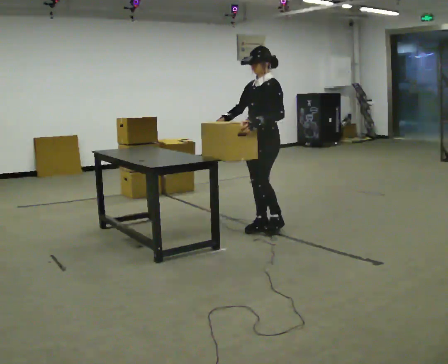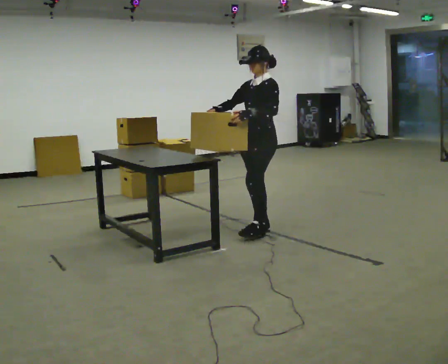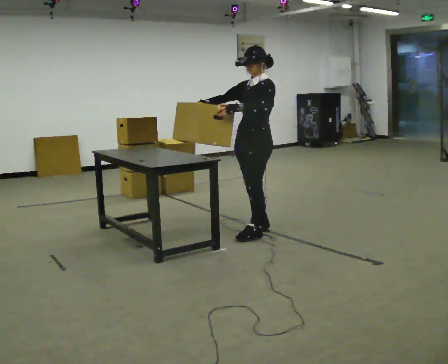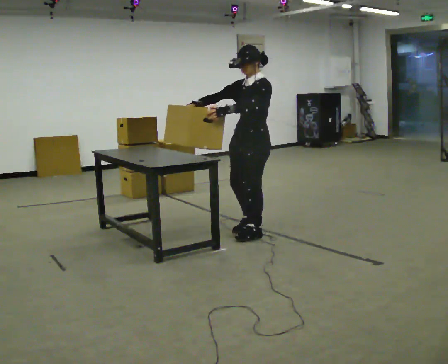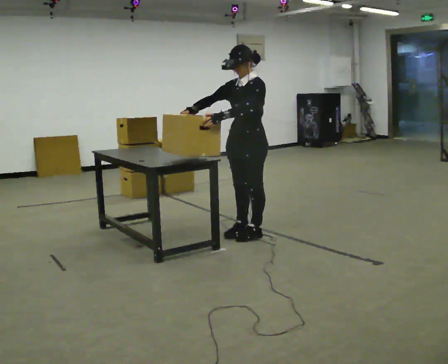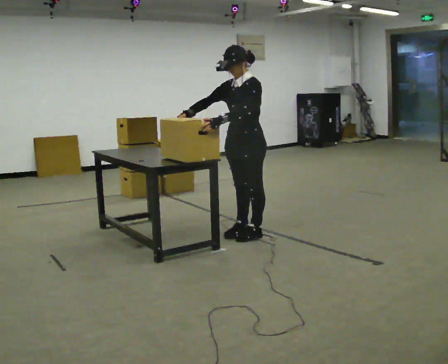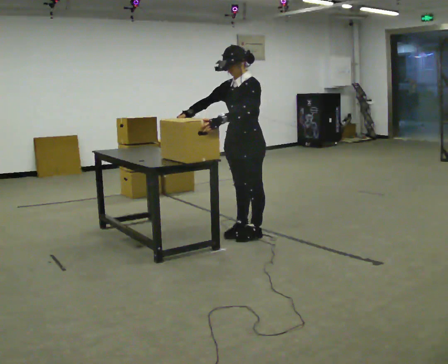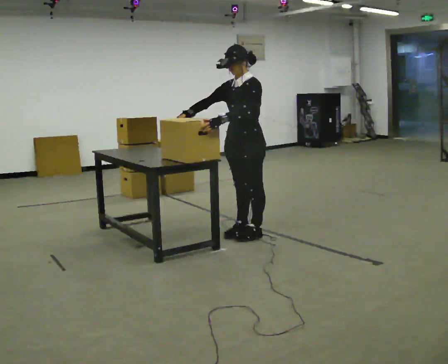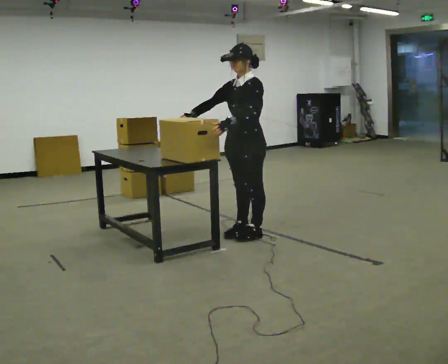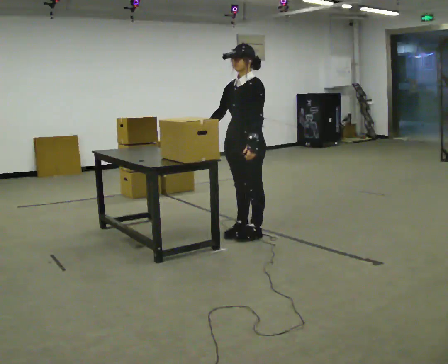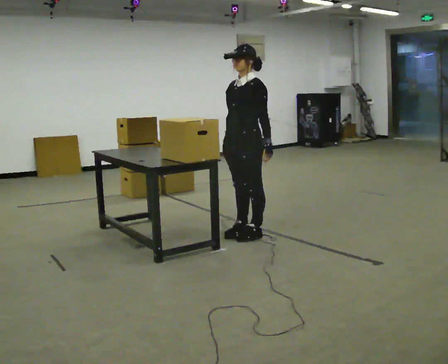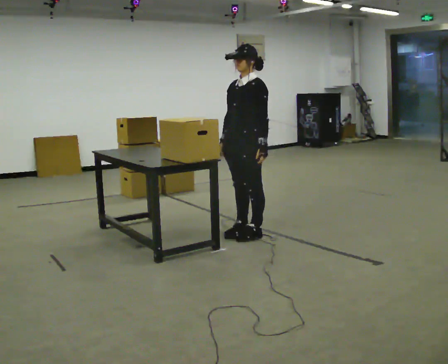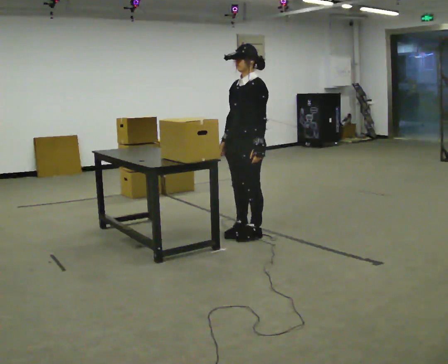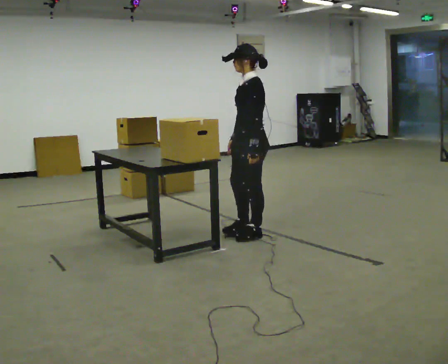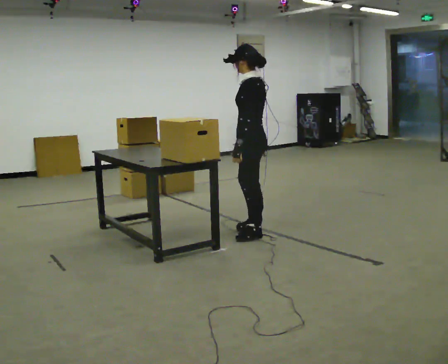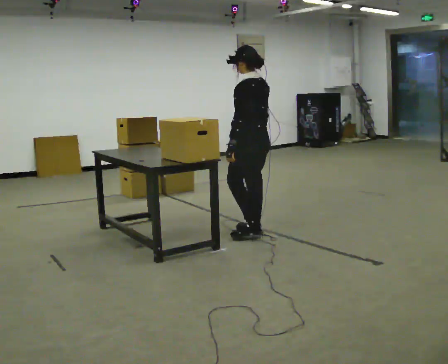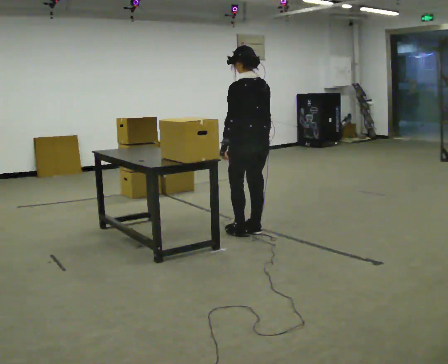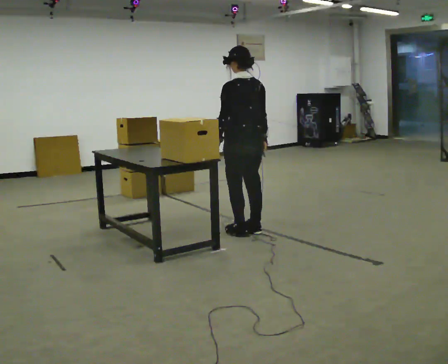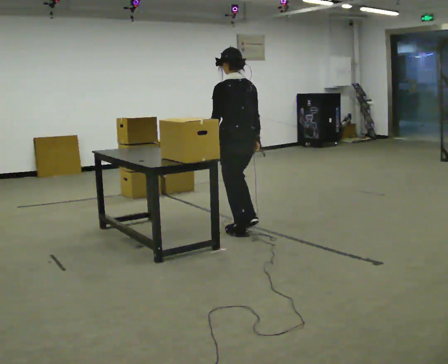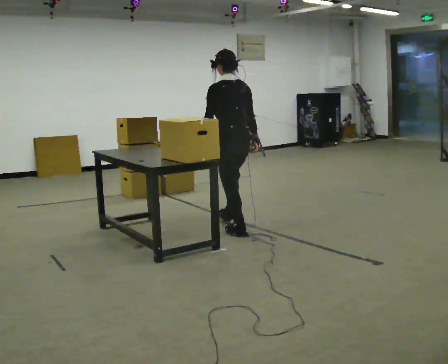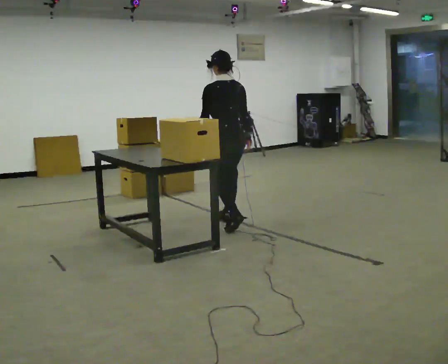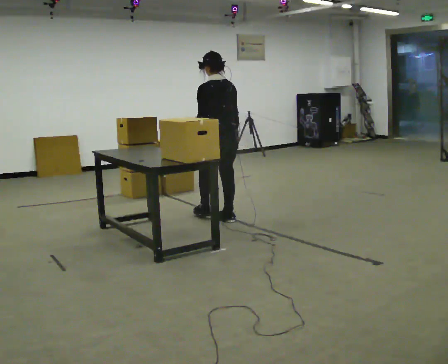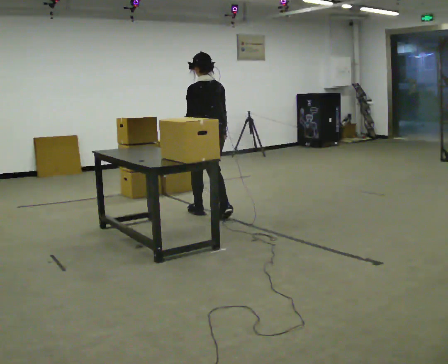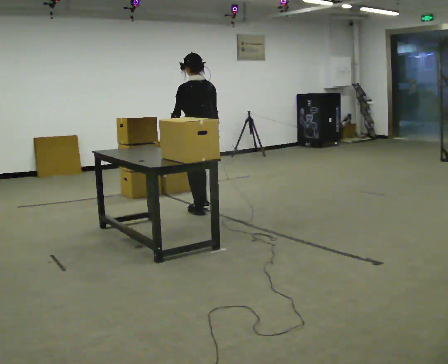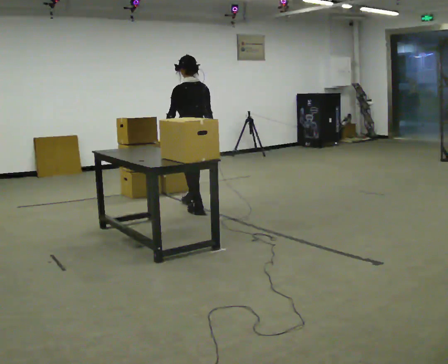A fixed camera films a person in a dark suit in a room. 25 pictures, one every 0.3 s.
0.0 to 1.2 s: In the picture they go toward the camera, about 0.25 m in 2 steps, which for them is forward.
1.2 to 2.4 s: The person moves a little, or ends about where they began.
2.4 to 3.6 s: In the picture their right hand goes to the right.
3.6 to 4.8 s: The person turns about 90 degrees to their right, clockwise seen from above, so the part of the body nearest the lens slides to the left. In the picture their right hand goes to the right.
4.8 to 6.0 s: In the picture they go away from the camera and to the left, about 0.25 m in 1 step, which for them is forward.
6.0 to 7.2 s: In the picture they go away from the camera and to the left, about 0.75 m in 2 steps, which for them is forward.
The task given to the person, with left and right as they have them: Pick up the next box in the row and carry it to the table. The operator will not tell you how heavy each one is. Keep going until the operator says stop; one object at a time, and do not rush between trips.
The film runs forward here.
